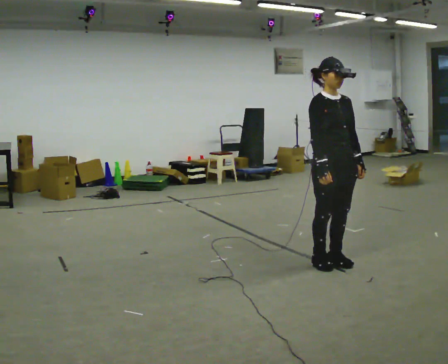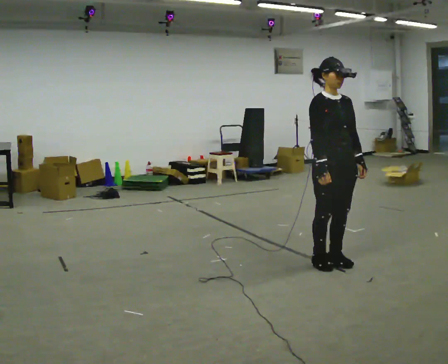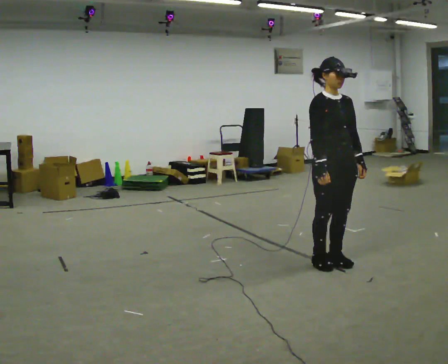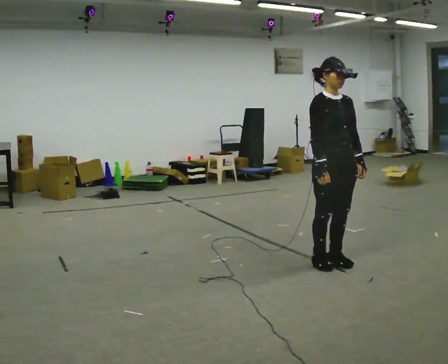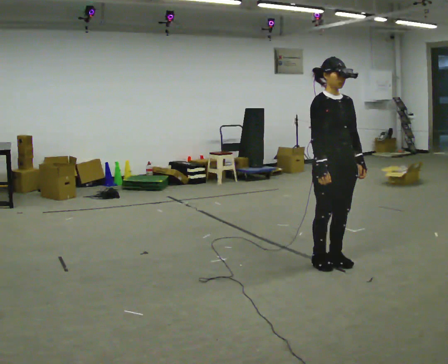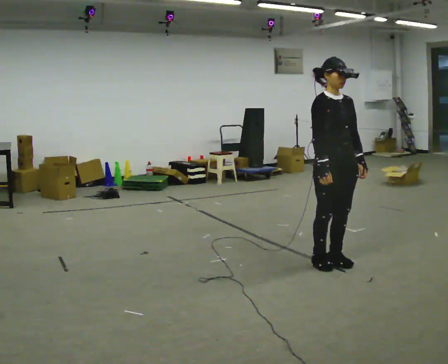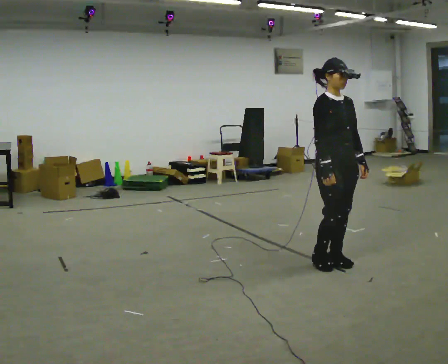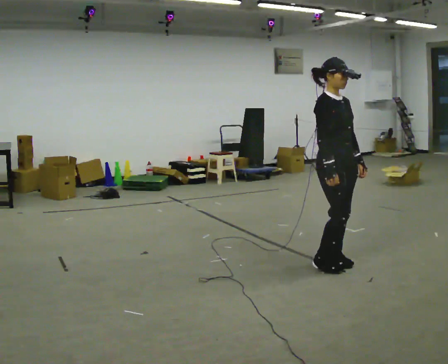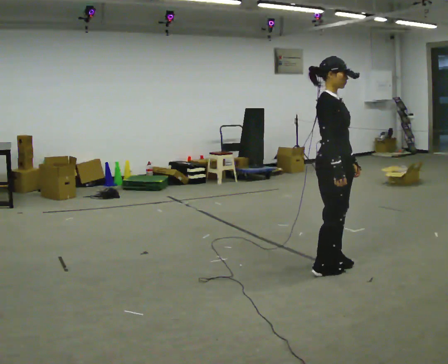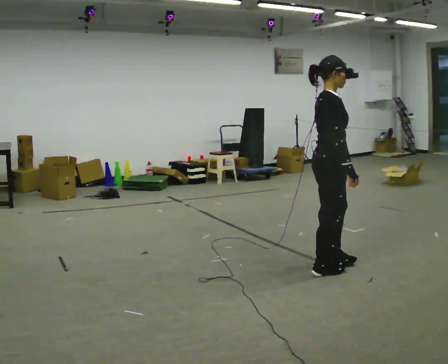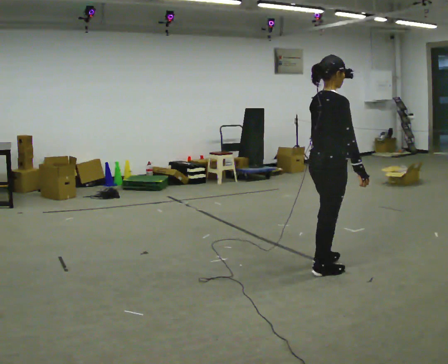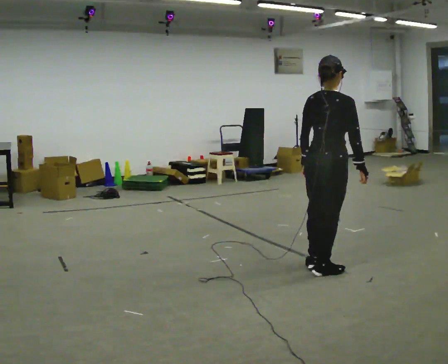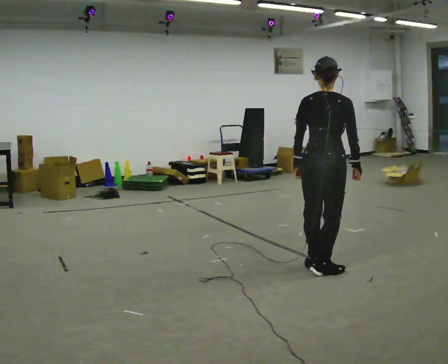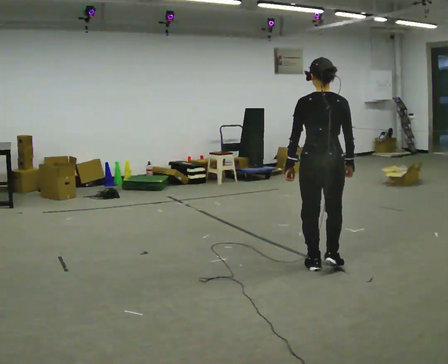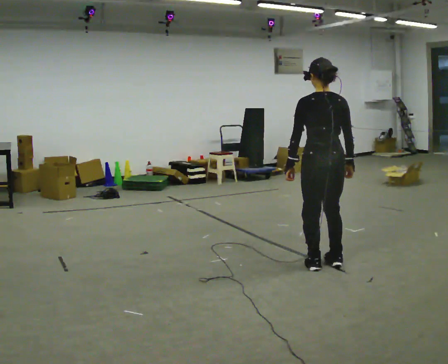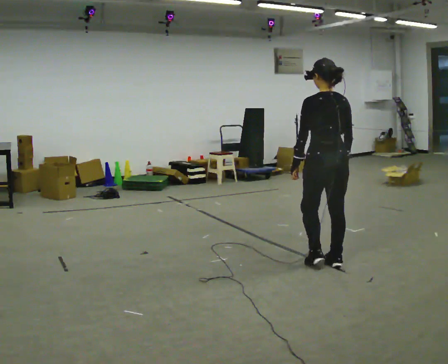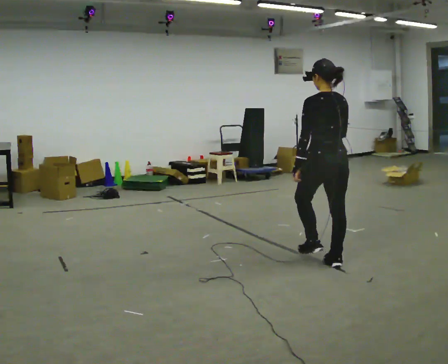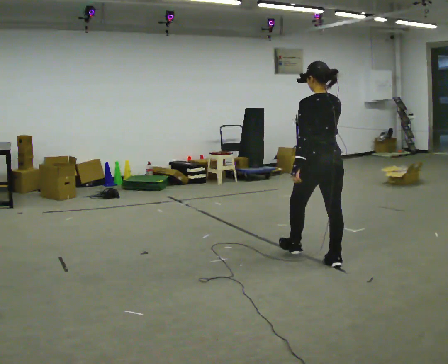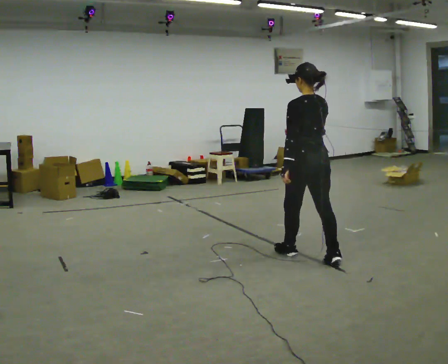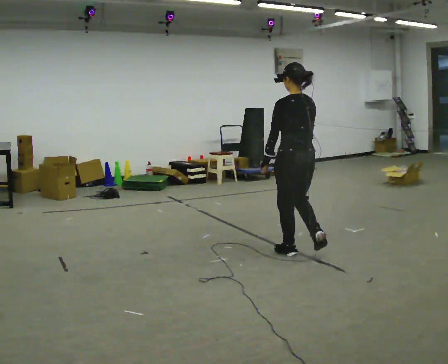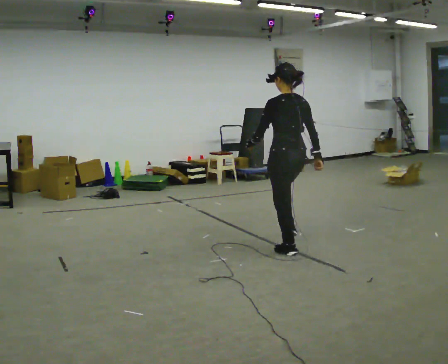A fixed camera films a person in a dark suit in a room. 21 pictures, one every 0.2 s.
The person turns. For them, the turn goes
to their left.
The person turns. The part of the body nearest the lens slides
to the right.
0.0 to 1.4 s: The person moves a little, or ends about where they began.
1.4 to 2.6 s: The person turns about 120 degrees to their left, counterclockwise seen from above, so the part of the body nearest the lens slides to the right. In the picture their left hand goes to the left, the arm swinging clockwise.
2.6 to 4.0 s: The person turns about 30 degrees to their left, counterclockwise seen from above, so the part of the body nearest the lens slides to the right. In the picture they go away from the camera and to the left, about 0.5 m in 2 steps, which for them is forward.
The film runs forward here.
